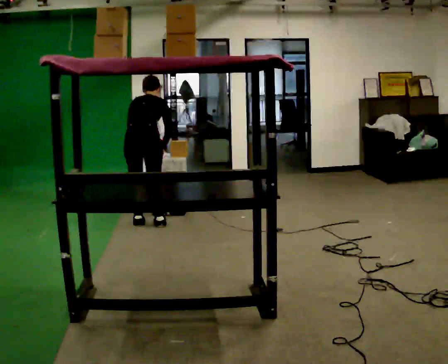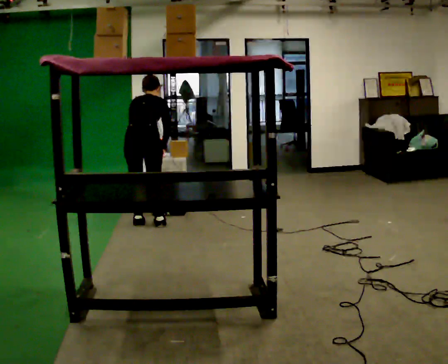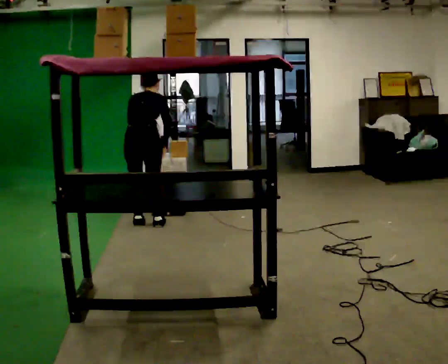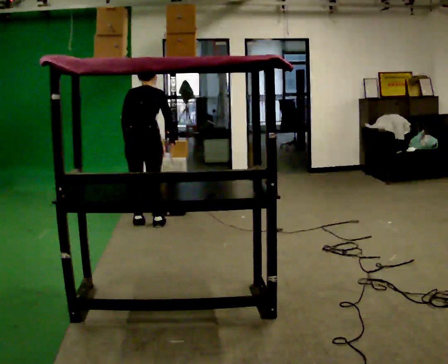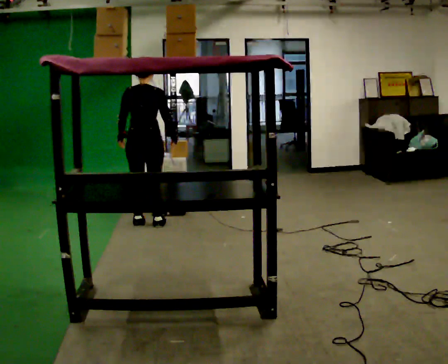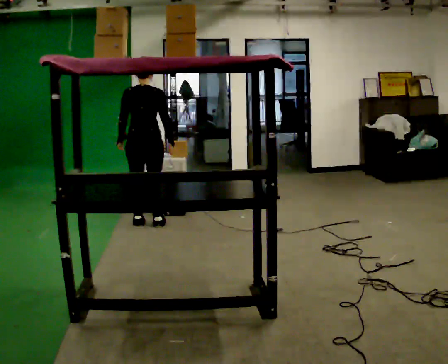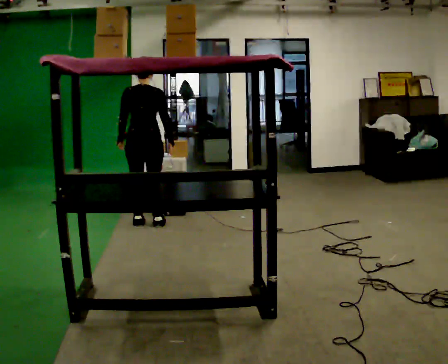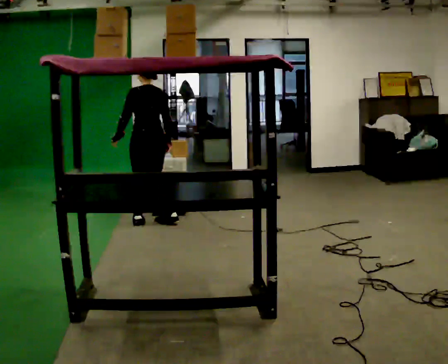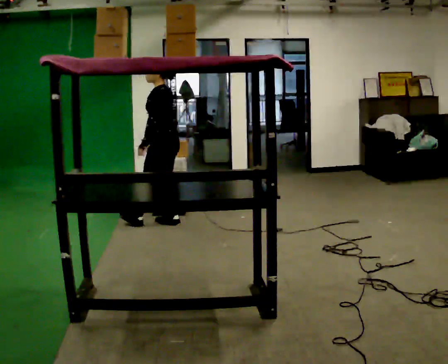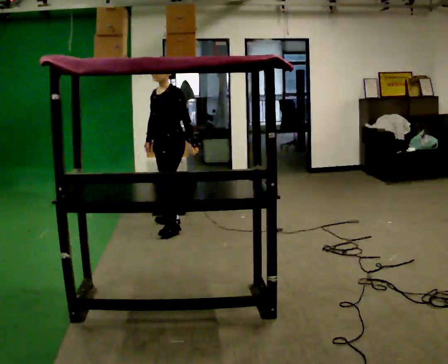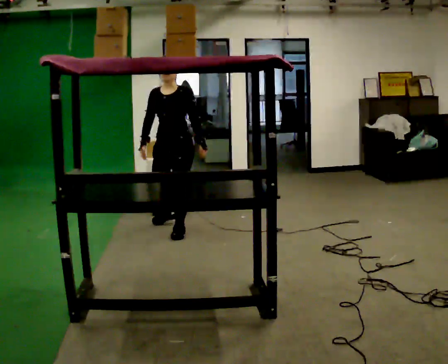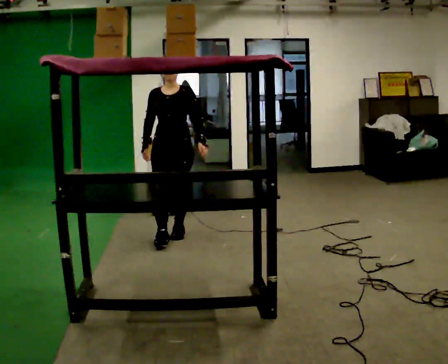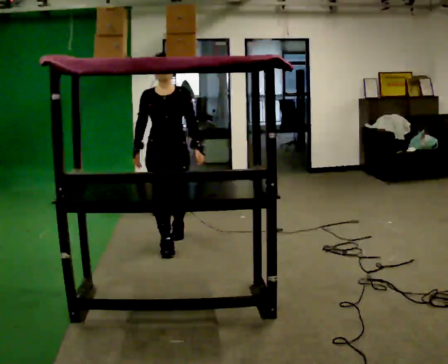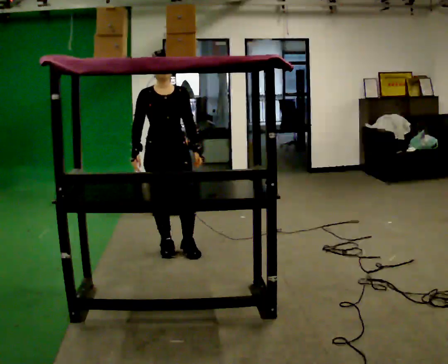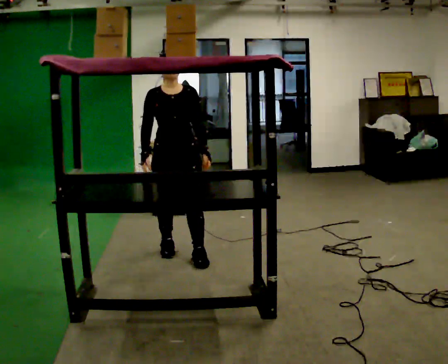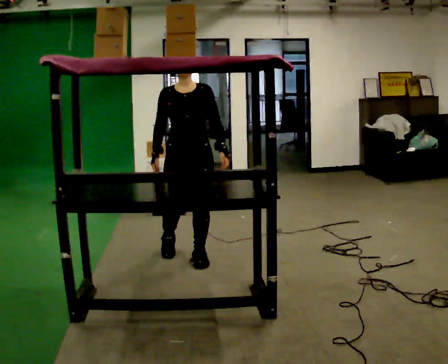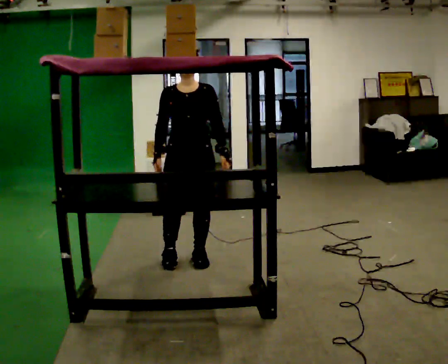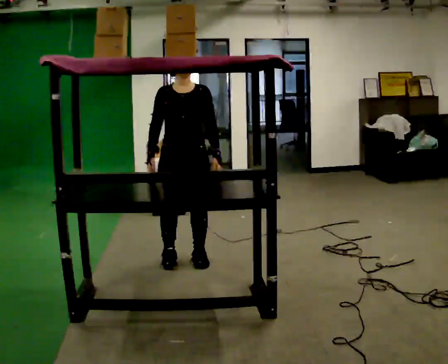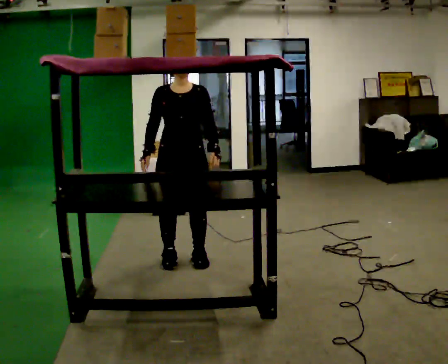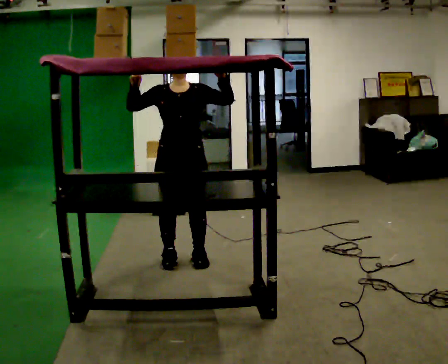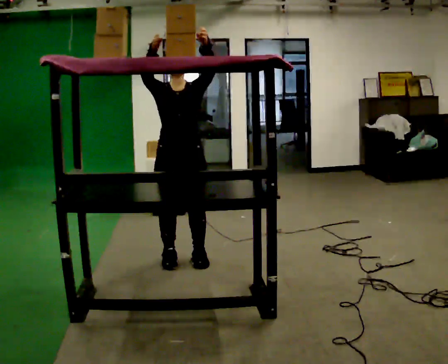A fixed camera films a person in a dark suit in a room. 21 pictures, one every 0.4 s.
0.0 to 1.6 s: The upper body tips toward the camera, its near side rolling downward, as they lean back or straighten.
1.6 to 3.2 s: The part of the body nearest the lens slides to the right as the person turns to their left by about 75 degrees. In the picture they go to the right, about 0.25 m.
3.2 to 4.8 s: Seen from above the body turns counterclockwise, about 120 degrees: to their left, with its near side sliding to the right. In the picture they go toward the camera, about 0.75 m in 2 steps.
4.8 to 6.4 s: In the picture they go toward the camera and to the right, about 0.5 m in 2 steps, which for them is forward and to their left.
6.4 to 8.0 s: In the picture their left hand goes upward.
The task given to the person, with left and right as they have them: Take an object down from the highest shelf you can comfortably reach, carry it across, and place it on the waist-height shelf. Keep going until the operator says stop; one object at a time, and do not rush between trips.
The film runs forward here.
